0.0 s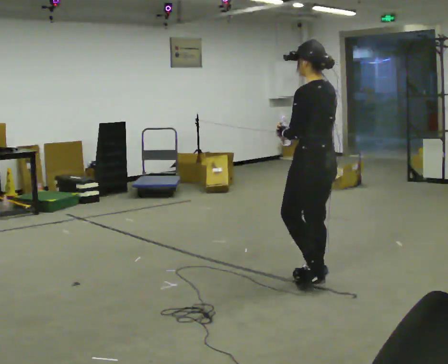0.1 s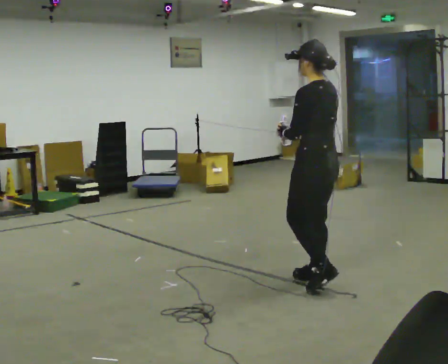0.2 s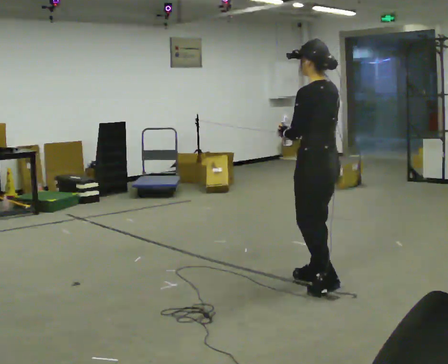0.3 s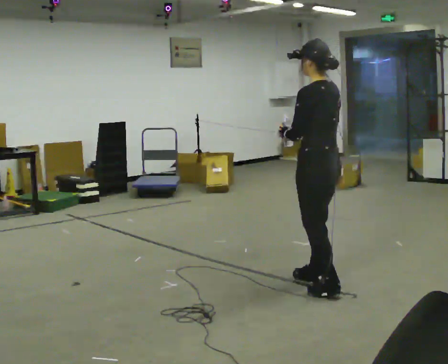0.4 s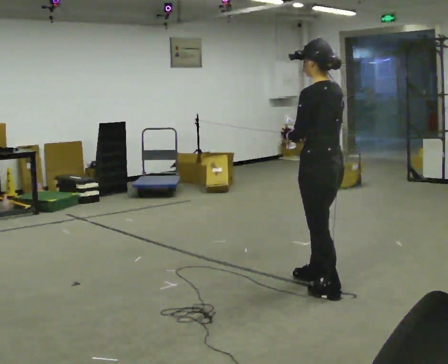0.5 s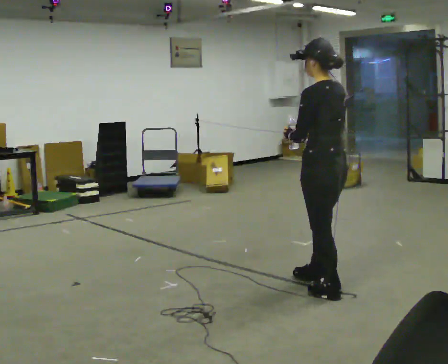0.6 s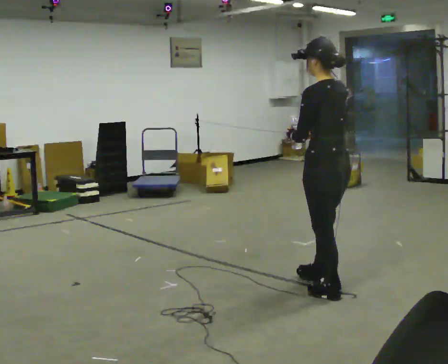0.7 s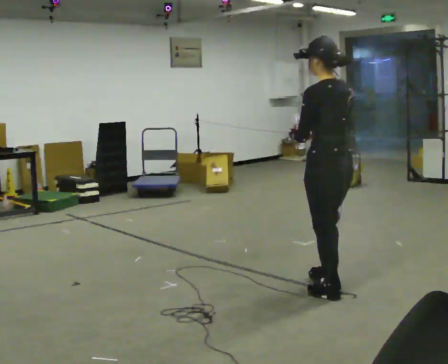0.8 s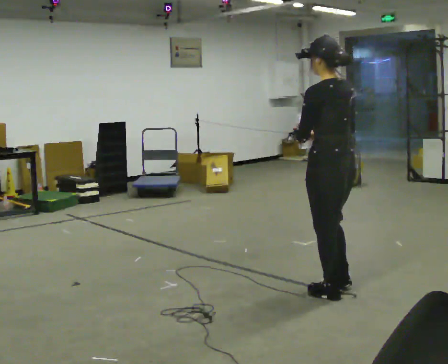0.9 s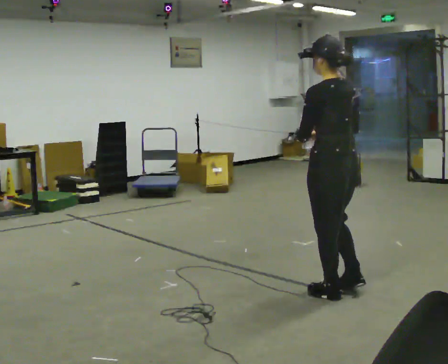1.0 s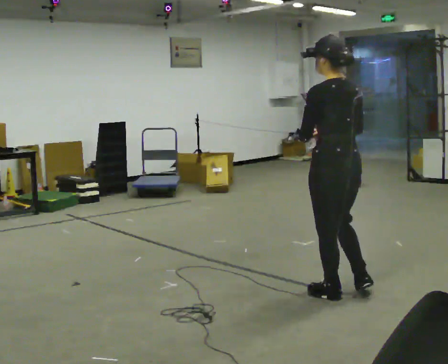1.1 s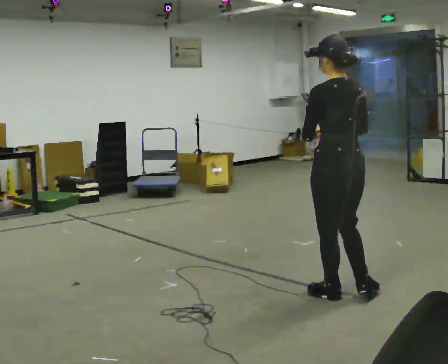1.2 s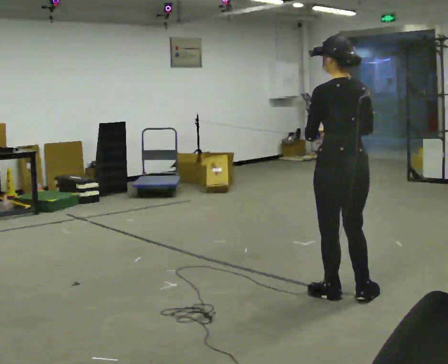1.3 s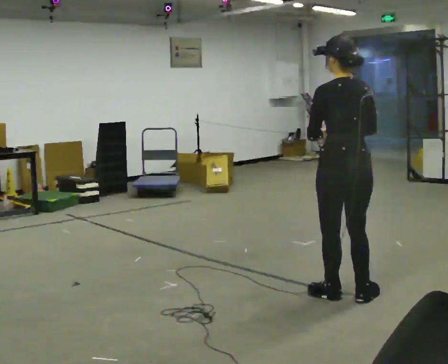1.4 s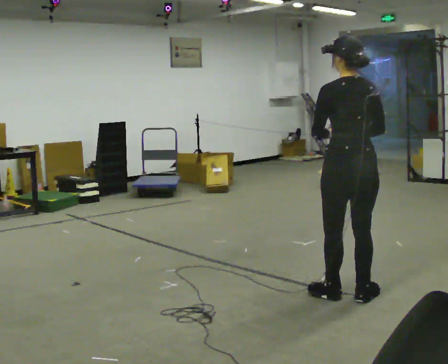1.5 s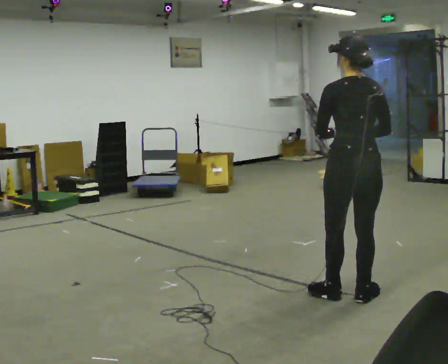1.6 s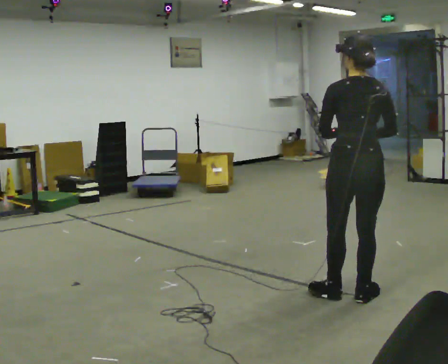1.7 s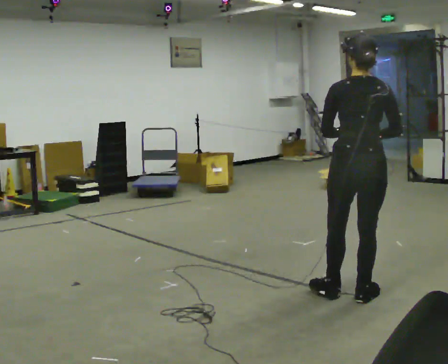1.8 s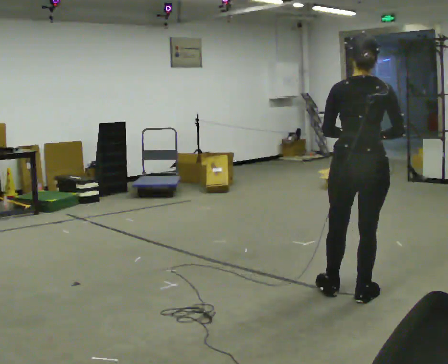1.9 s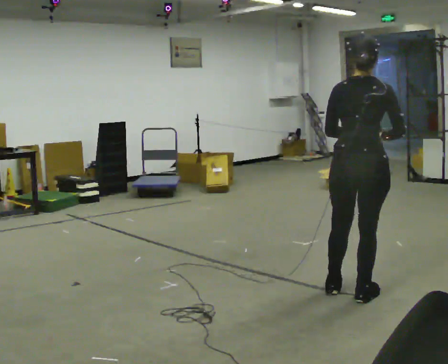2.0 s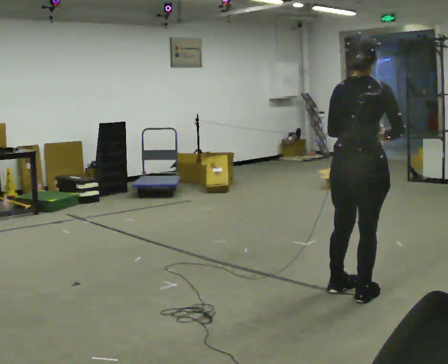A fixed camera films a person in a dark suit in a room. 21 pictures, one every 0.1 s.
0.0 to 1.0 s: In the picture they go toward the camera, about 0.25 m in 1 step, which for them is backward and to their left.
1.0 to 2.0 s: Seen from above the body turns clockwise, about 75 degrees: to their right, with its near side sliding to the left. In the picture their right hand goes to the right.
The film runs backward here.
